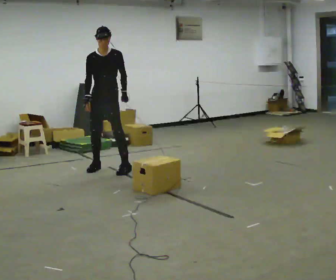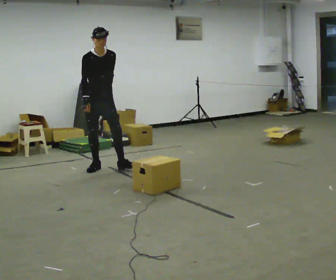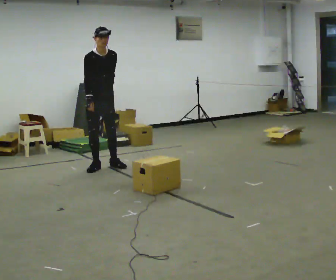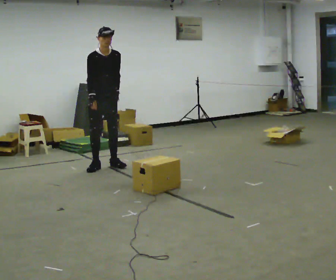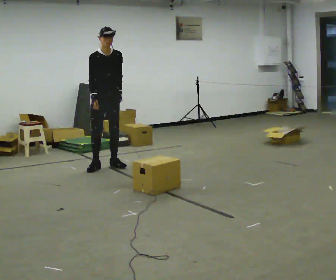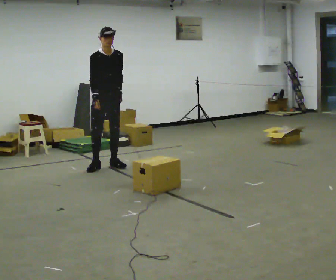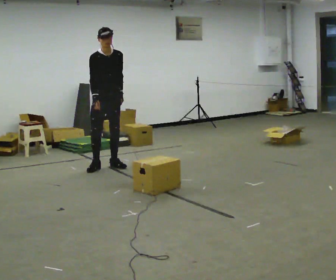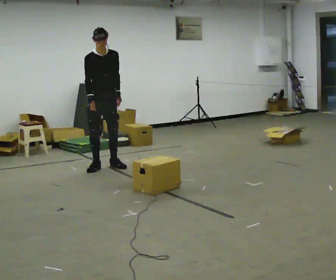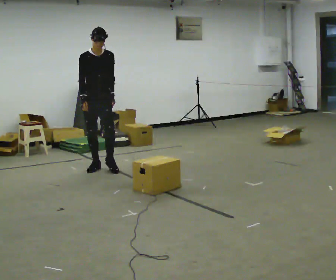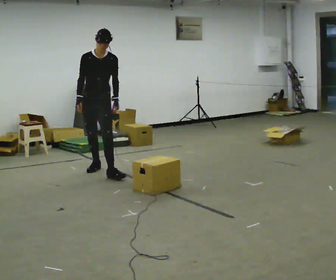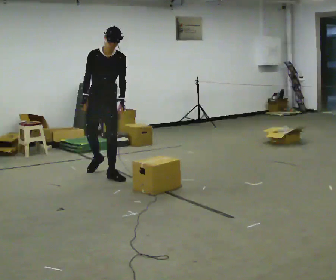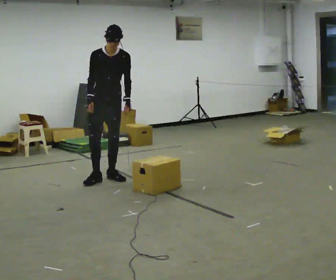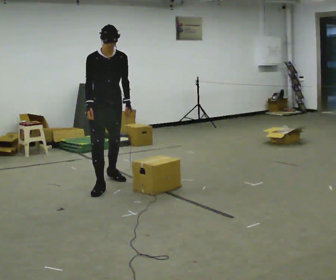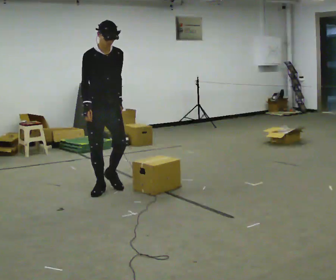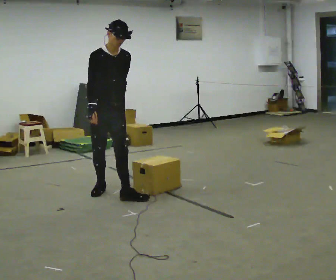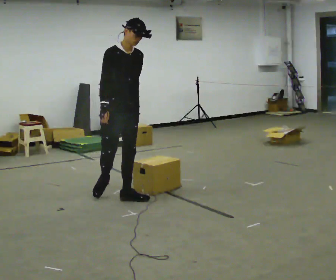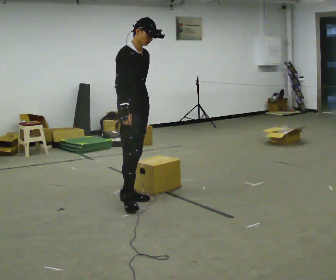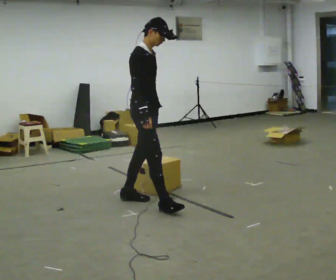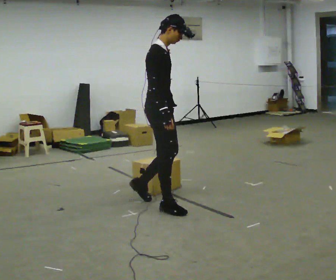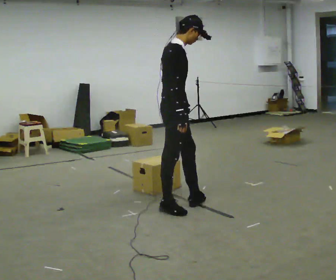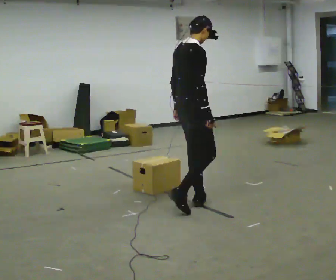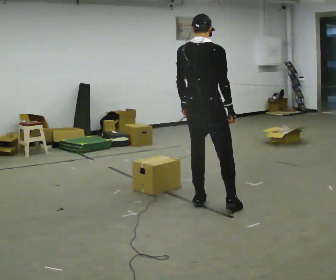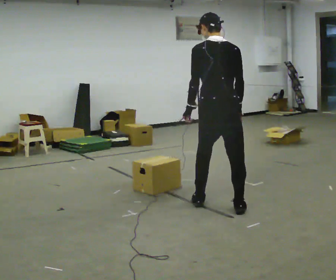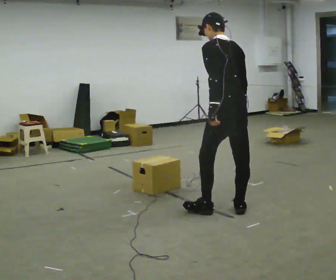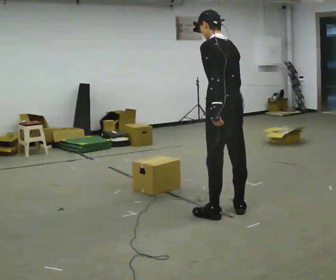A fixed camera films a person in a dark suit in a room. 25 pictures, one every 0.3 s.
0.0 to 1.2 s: The part of the body nearest the lens slides to the right as the person turns to their left by about 30 degrees. In the picture they go away from the camera, about 0.25 m in 1 step, which for them is backward.
1.2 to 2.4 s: In the picture they go toward the camera, about 0.25 m, which for them is forward and to their right.
2.4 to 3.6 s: In the picture they go toward the camera, about 0.5 m in 2 steps, which for them is forward.
3.6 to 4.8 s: Seen from above the body turns counterclockwise, about 30 degrees: to their left, with its near side sliding to the right. In the picture they go toward the camera, about 0.75 m in 1 step, which for them is forward.
4.8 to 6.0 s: Seen from above the body turns counterclockwise, about 60 degrees: to their left, with its near side sliding to the right. In the picture they go to the right and toward the camera, about 0.5 m in 2 steps.
6.0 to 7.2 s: The person turns about 105 degrees to their left, counterclockwise seen from above, so the part of the body nearest the lens slides to the right. In the picture they go toward the camera and to the right, about 0.5 m in 2 steps. In the picture the upper body tilts counterclockwise, shoulders to the left.
The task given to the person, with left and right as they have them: Walk toward obstacle; alter path to avoid it; continue toward original destination.
The film runs forward here.
